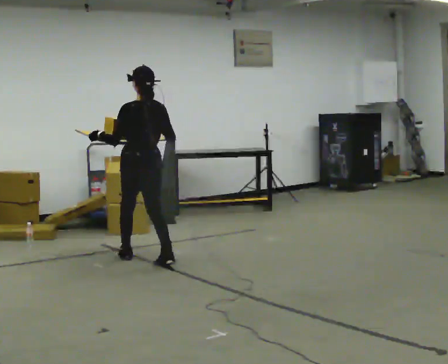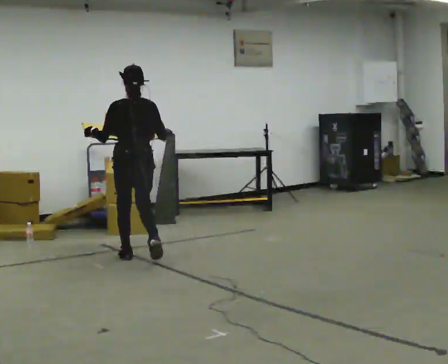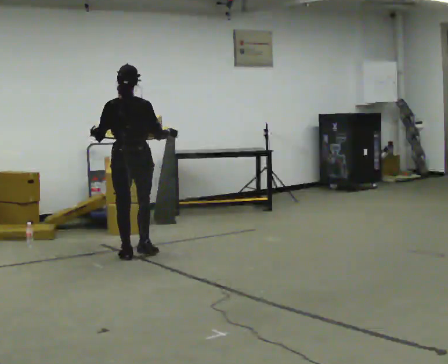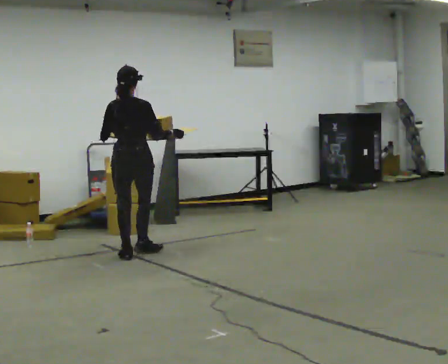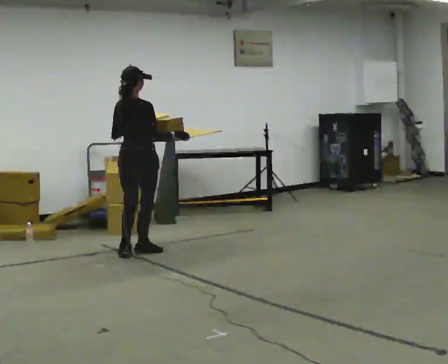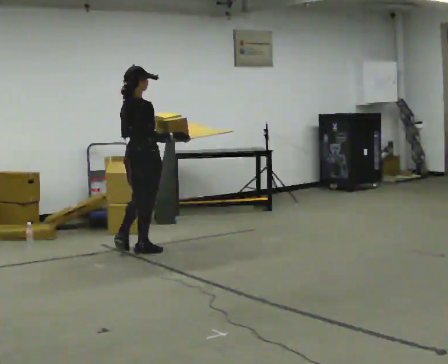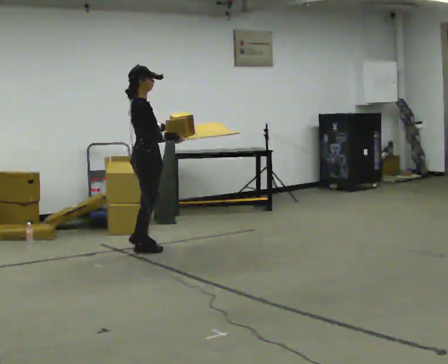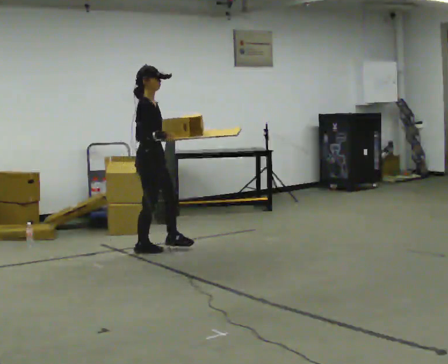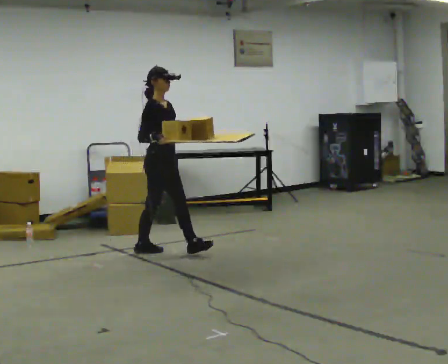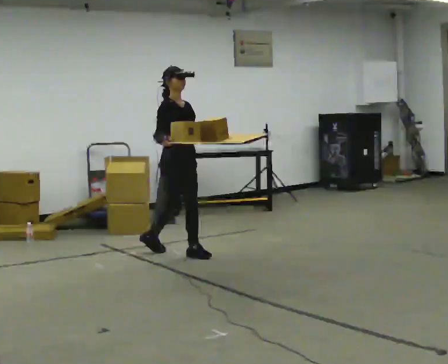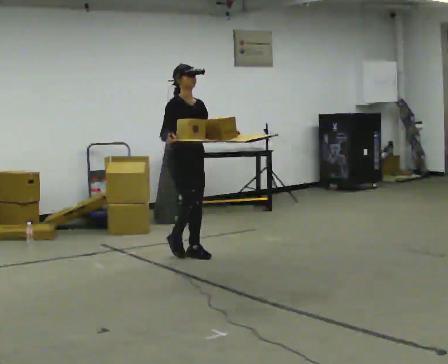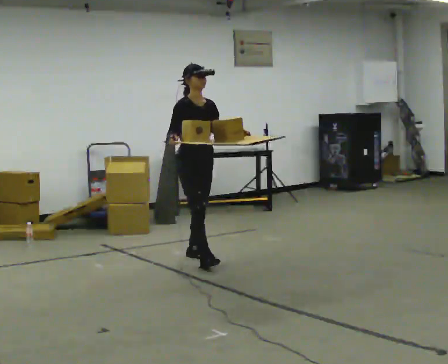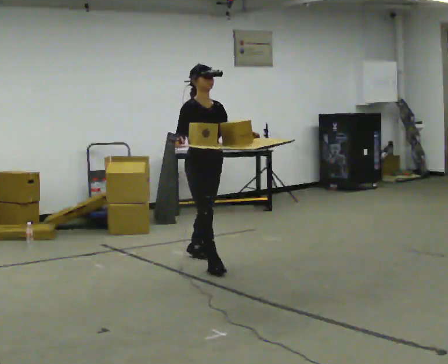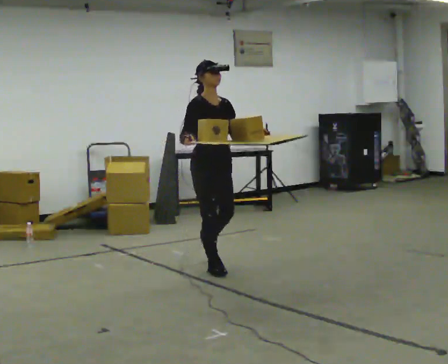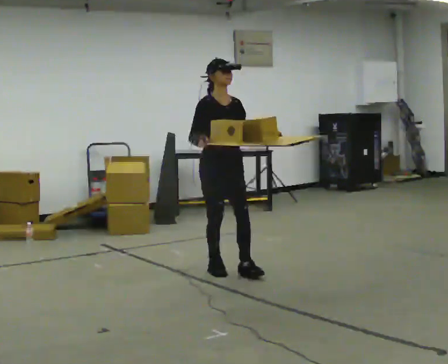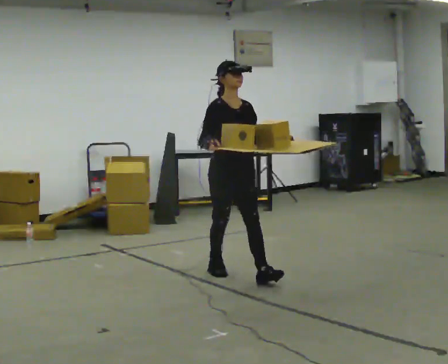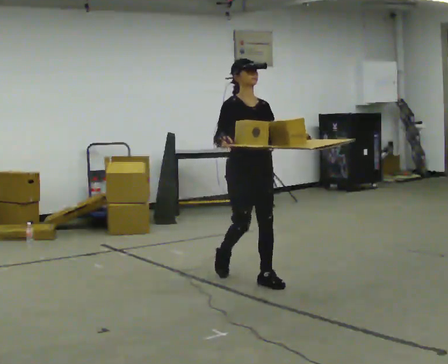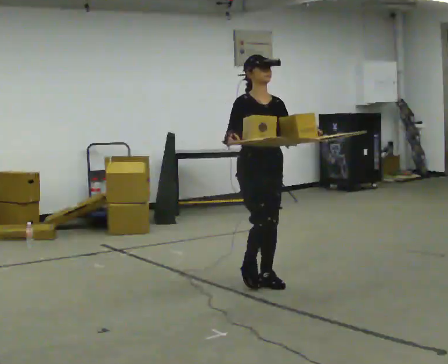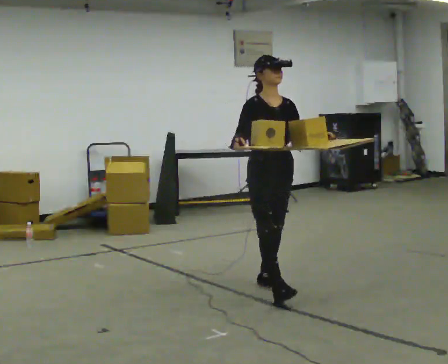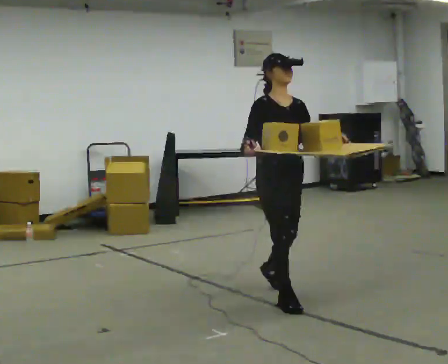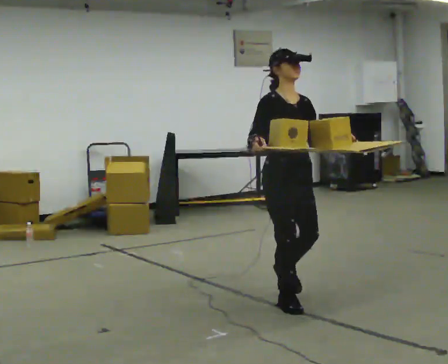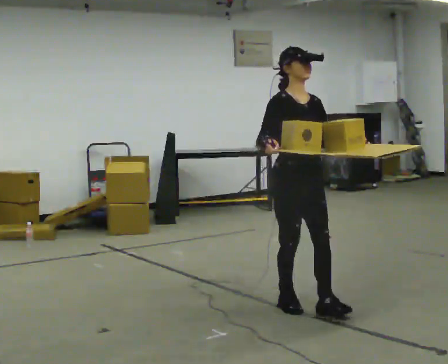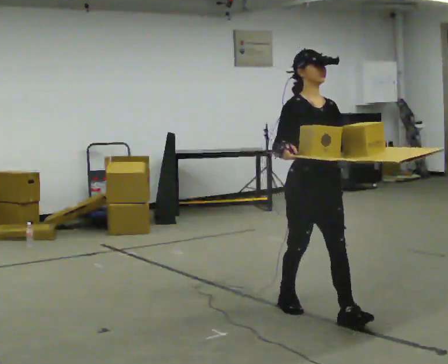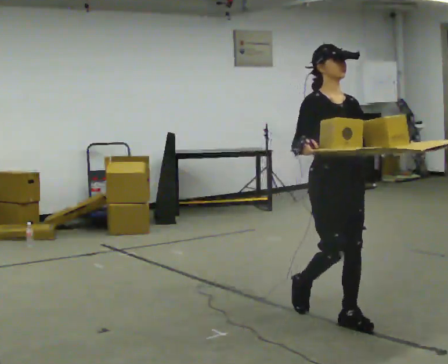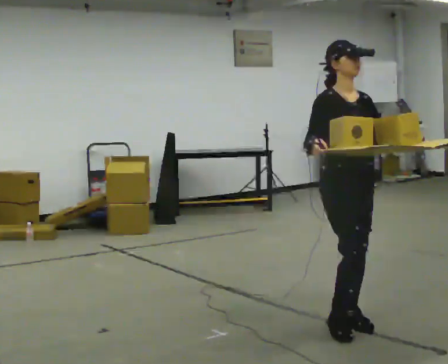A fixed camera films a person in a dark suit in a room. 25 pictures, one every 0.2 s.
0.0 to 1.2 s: Seen from above the body turns clockwise, about 105 degrees: to their right, with its near side sliding to the left. In the picture they go away from the camera, about 0.25 m in 1 step.
1.2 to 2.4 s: The person turns about 60 degrees to their right, clockwise seen from above, so the part of the body nearest the lens slides to the left. In the picture they go to the right and toward the camera, about 0.75 m in 2 steps.
2.4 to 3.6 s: In the picture they go toward the camera and to the right, about 1 m in 1 step, which for them is forward.
3.6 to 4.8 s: In the picture they go toward the camera, about 1 m in 2 steps, which for them is forward.
The film runs forward here.
